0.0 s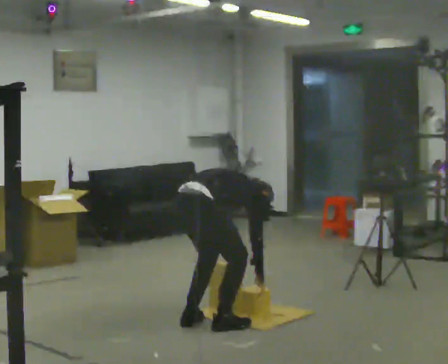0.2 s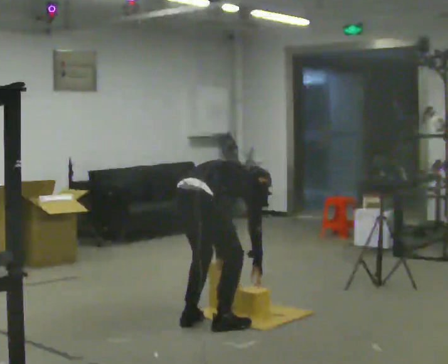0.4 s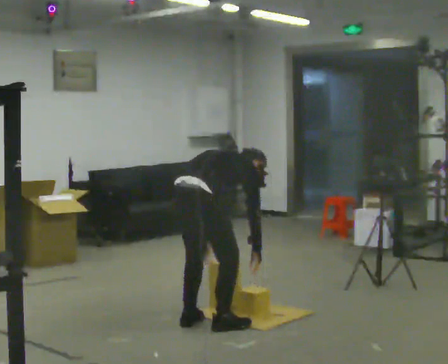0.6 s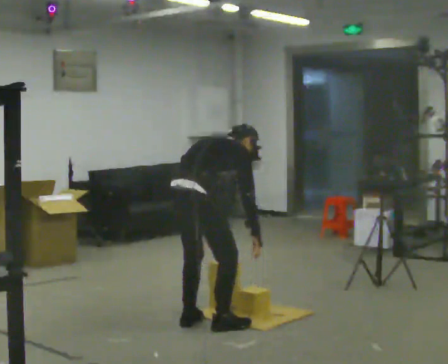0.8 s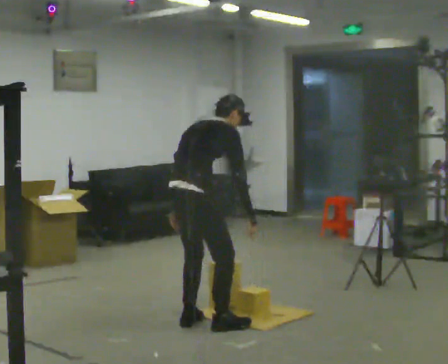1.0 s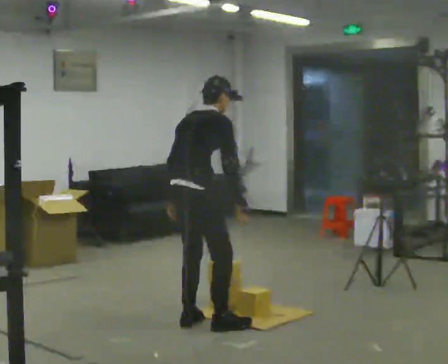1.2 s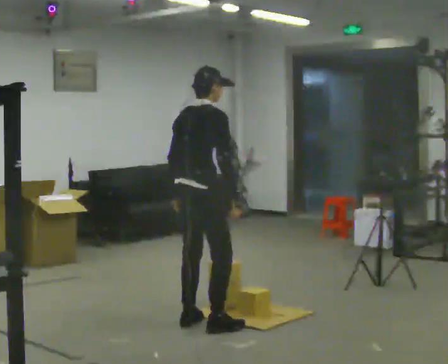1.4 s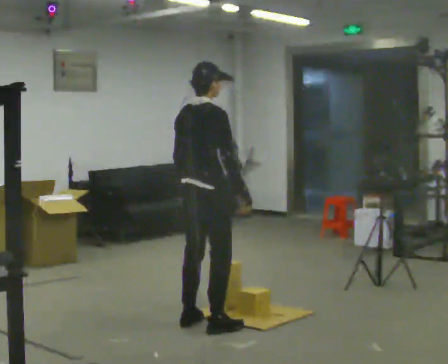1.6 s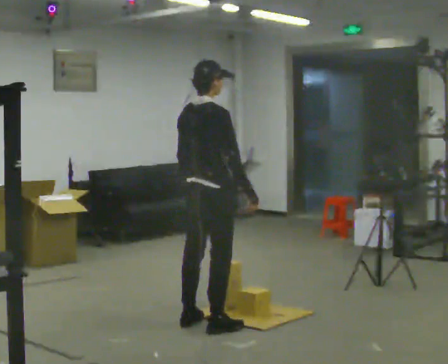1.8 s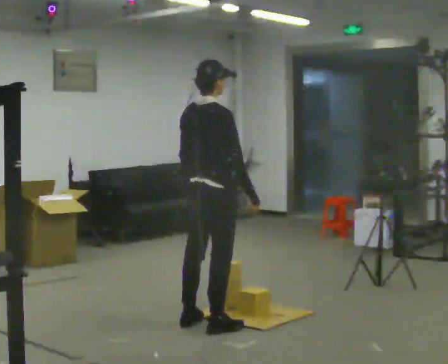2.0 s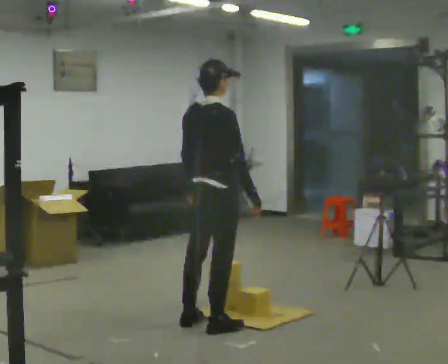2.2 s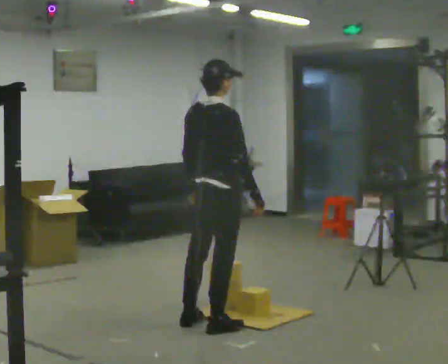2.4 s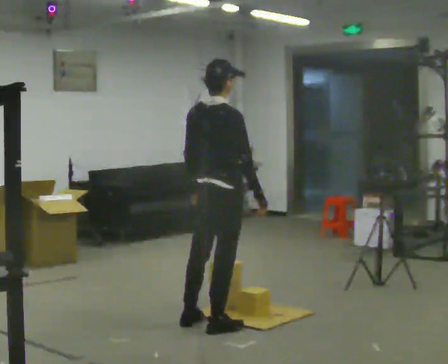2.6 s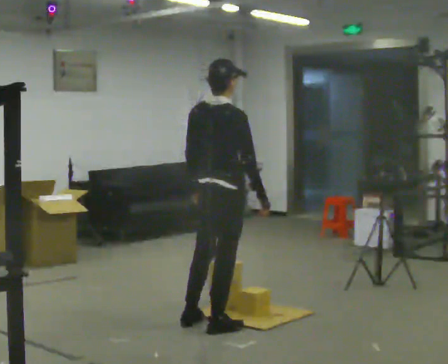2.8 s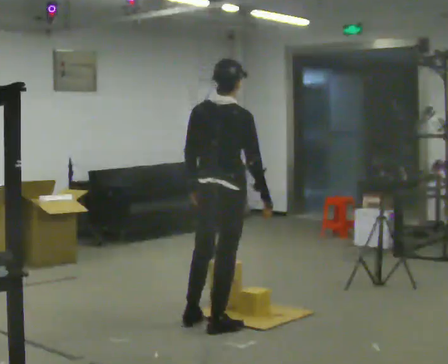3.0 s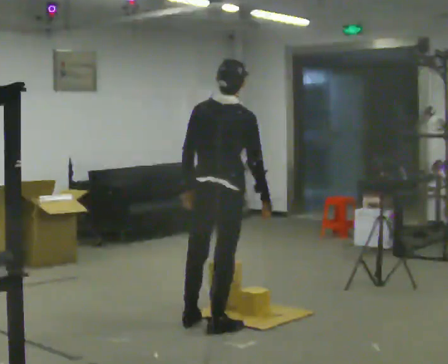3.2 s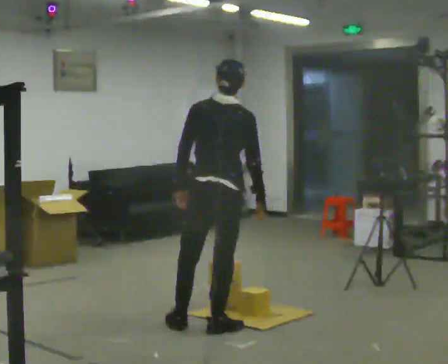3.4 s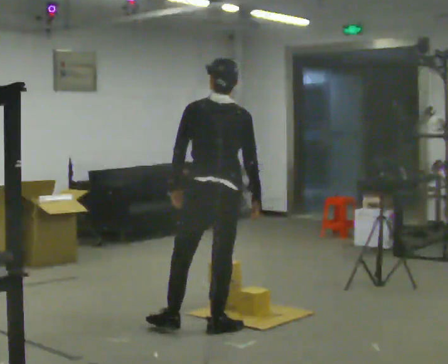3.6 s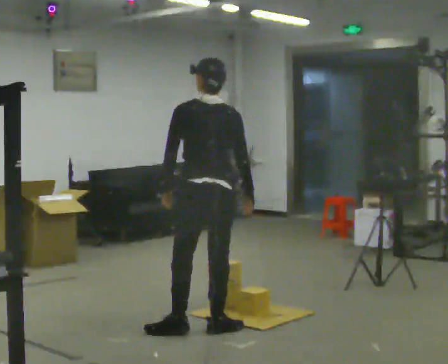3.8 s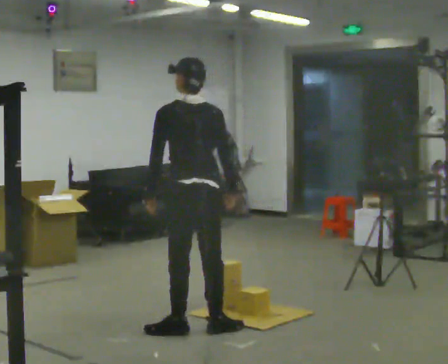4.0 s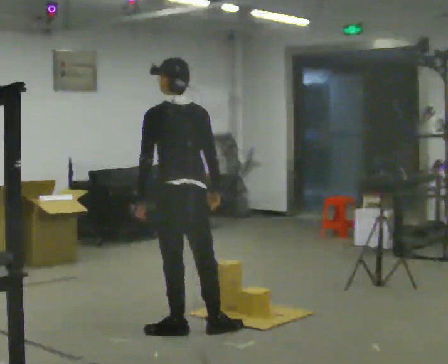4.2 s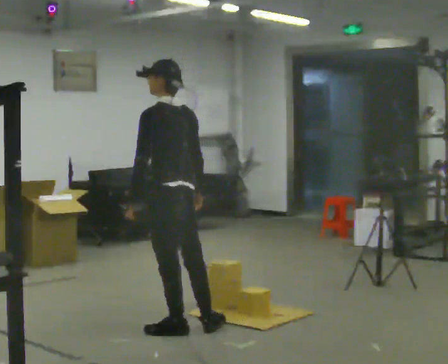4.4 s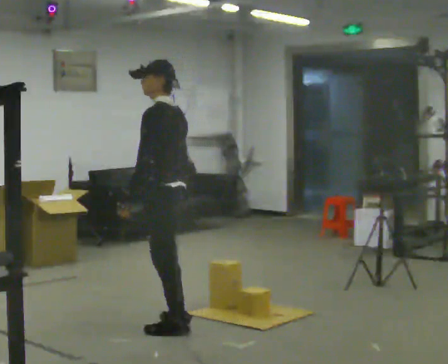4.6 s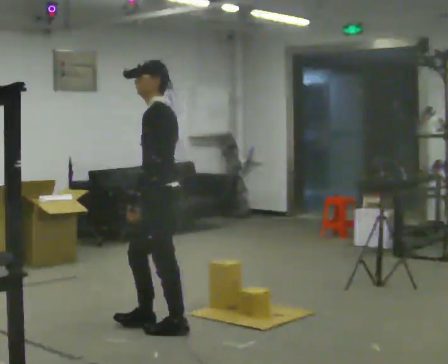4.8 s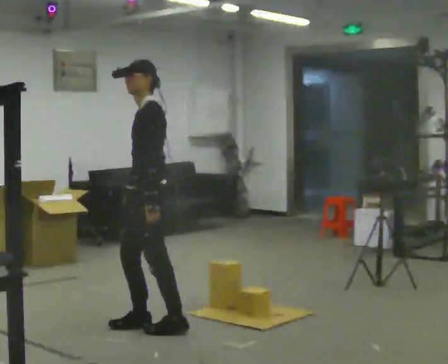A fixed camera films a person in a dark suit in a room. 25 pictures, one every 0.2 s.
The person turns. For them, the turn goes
to their left.
The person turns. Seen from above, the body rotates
counterclockwise.
0.0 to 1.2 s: The upper body goes upward. In the picture the upper body tilts counterclockwise, shoulders to the left, as they lean back or straighten. In the picture their right hand goes upward.
1.2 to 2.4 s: The person moves a little, or ends about where they began.
2.4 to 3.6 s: The person turns about 45 degrees to their left, counterclockwise seen from above, so the part of the body nearest the lens slides to the right.
3.6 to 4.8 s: The part of the body nearest the lens slides to the right as the person turns to their left by about 90 degrees. In the picture they go to the left, about 0.25 m in 1 step.
The film runs forward here.
